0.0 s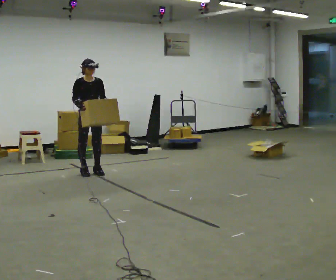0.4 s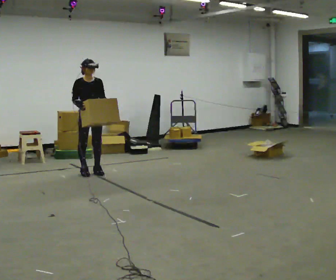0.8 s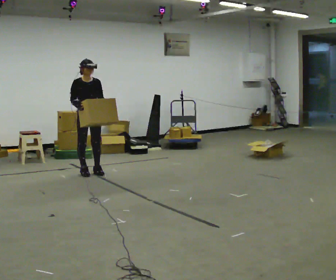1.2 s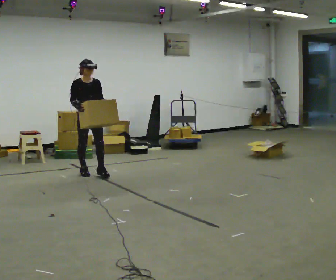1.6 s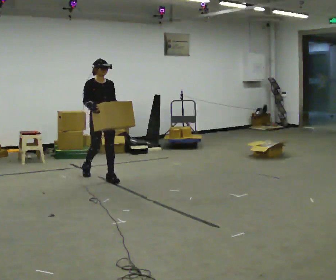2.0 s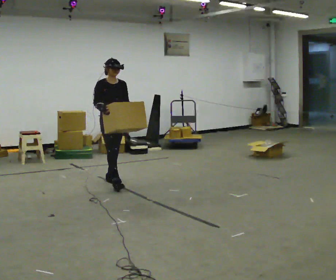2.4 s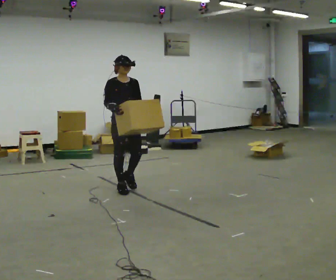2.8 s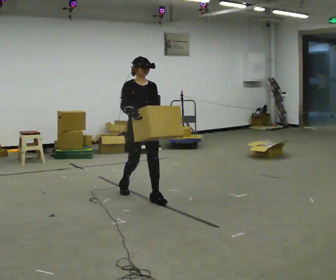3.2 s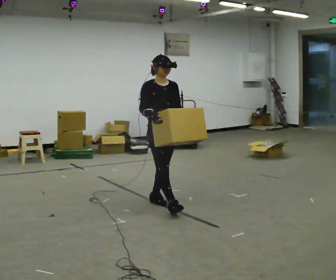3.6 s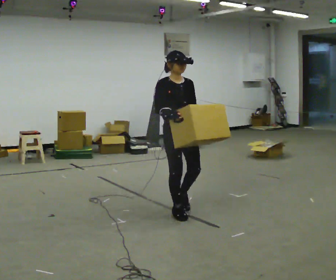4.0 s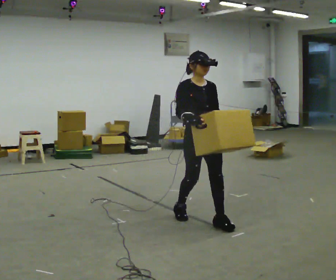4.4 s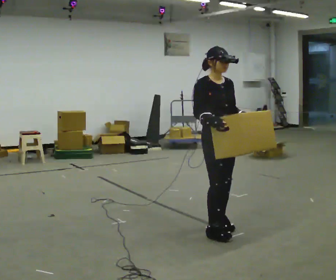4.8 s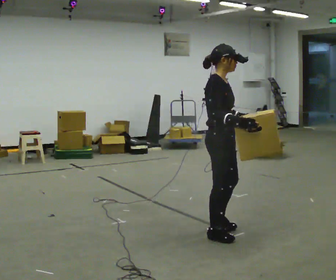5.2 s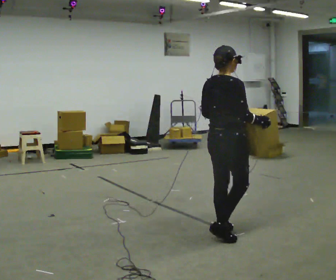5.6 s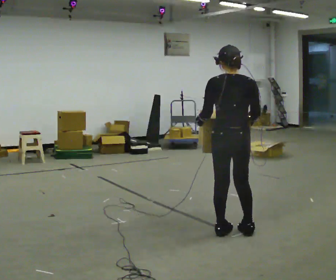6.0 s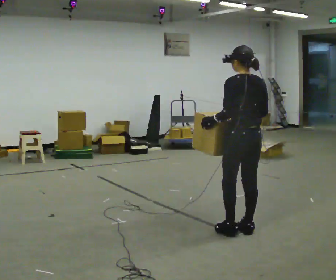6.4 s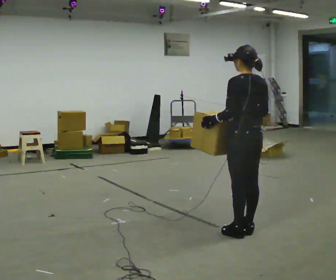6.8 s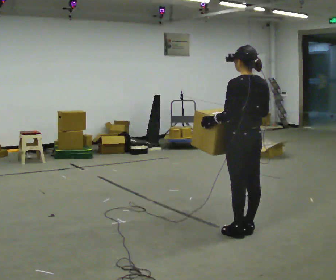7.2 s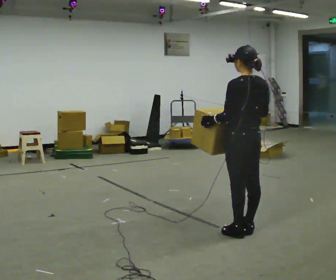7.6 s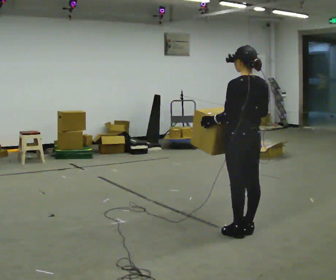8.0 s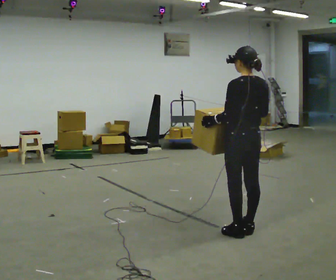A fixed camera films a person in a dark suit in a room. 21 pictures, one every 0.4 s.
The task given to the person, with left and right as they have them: Carry the box across the room, stopping and starting again each time the operator says stop and go. Do not set the box down.
0.0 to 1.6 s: In the picture they go toward the camera and to the right, about 0.25 m in 1 step, which for them is forward.
1.6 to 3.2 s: In the picture they go to the right and toward the camera, about 1.5 m in 2 steps, which for them is forward.
3.2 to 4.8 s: Seen from above the body turns counterclockwise, about 45 degrees: to their left, with its near side sliding to the right. In the picture they go toward the camera and to the right, about 1 m in 3 steps, which for them is forward.
4.8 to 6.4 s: The person turns about 135 degrees to their left, counterclockwise seen from above, so the part of the body nearest the lens slides to the right. In the picture they go to the right, about 0.25 m in 3 steps.
6.4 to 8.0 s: The person moves a little, or ends about where they began.
The film runs forward here.
